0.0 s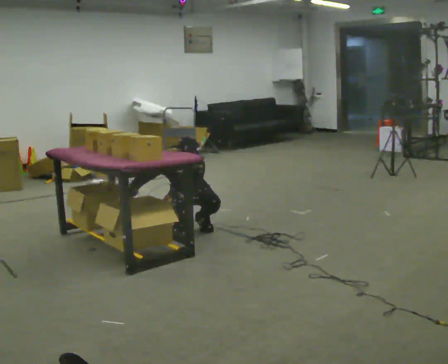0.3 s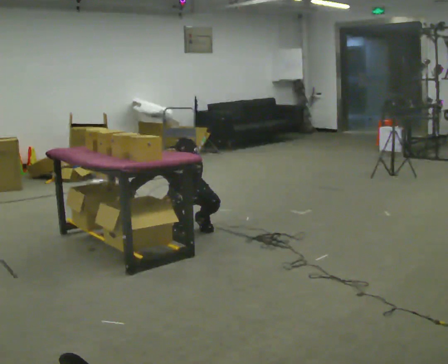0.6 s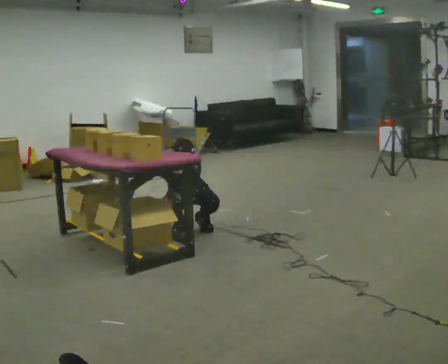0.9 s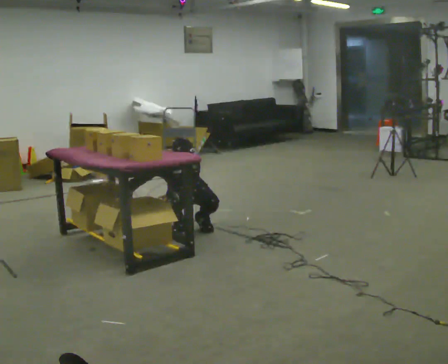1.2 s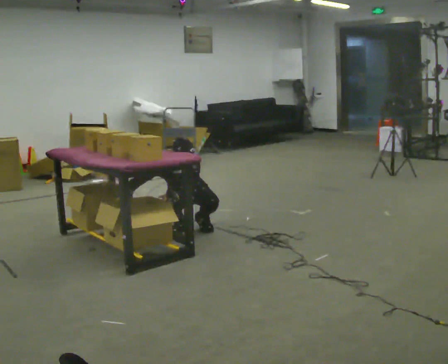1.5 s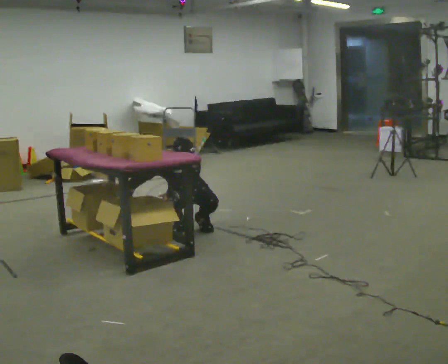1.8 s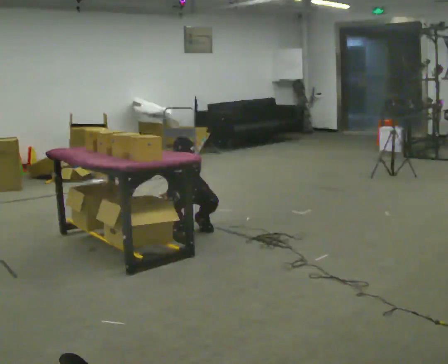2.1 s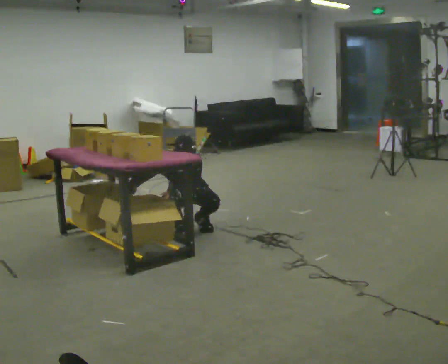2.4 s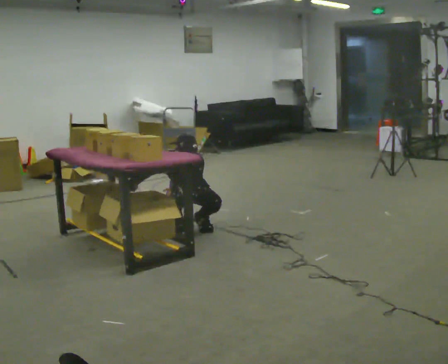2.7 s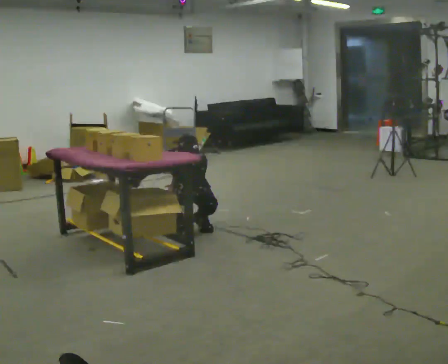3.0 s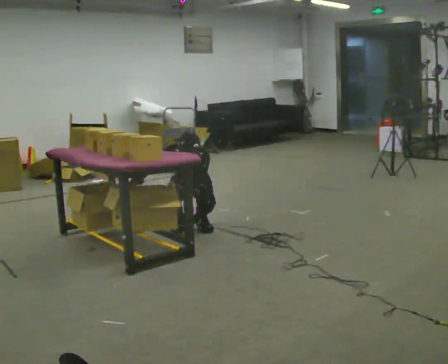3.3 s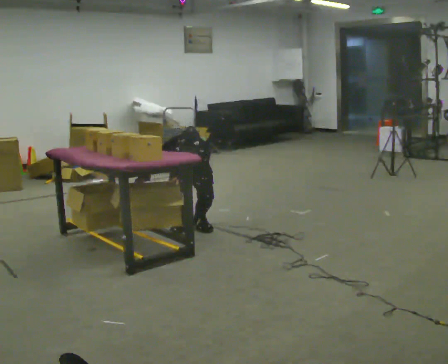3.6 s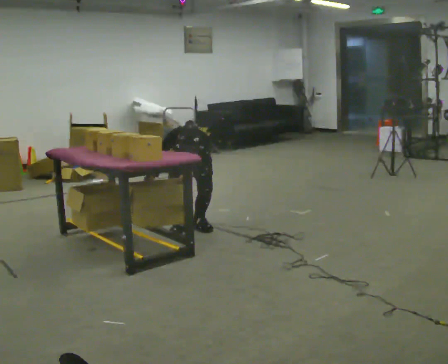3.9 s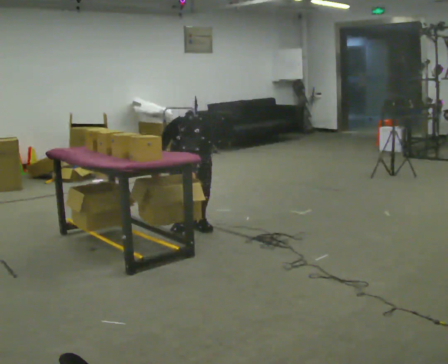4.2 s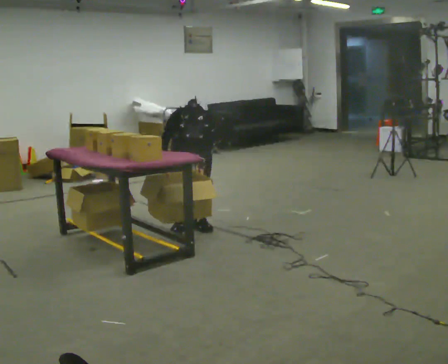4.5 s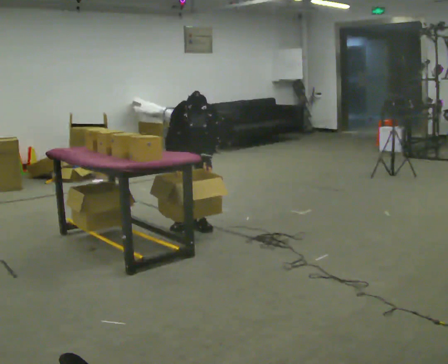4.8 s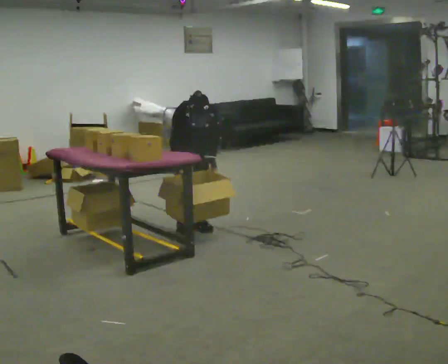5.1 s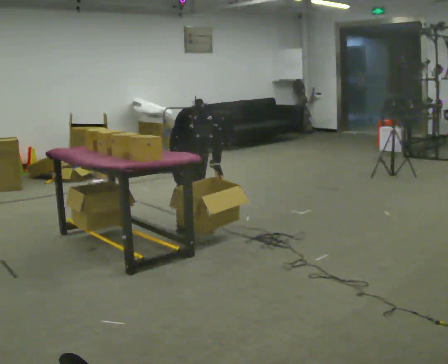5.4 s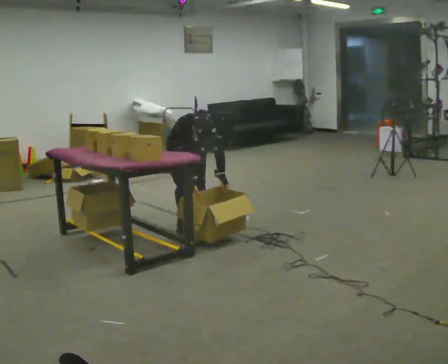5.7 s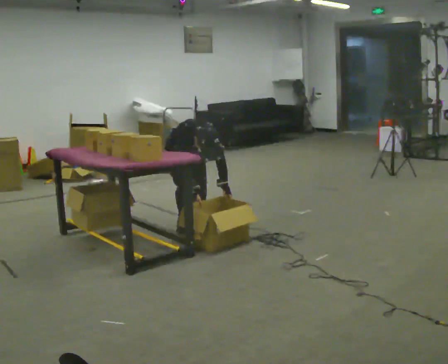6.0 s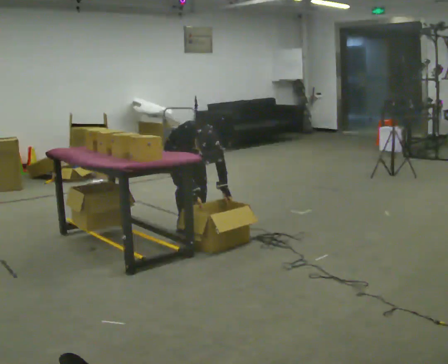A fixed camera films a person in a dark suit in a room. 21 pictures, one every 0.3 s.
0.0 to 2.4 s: The person moves a little, or ends about where they began.
2.4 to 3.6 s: The upper body goes upward.
3.6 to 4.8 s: The upper body goes upward. In the picture the upper body tilts clockwise, shoulders to the right.
4.8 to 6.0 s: The upper body goes downward. In the picture the upper body tilts clockwise, shoulders to the right, as they bend forward.
The film runs backward here.
